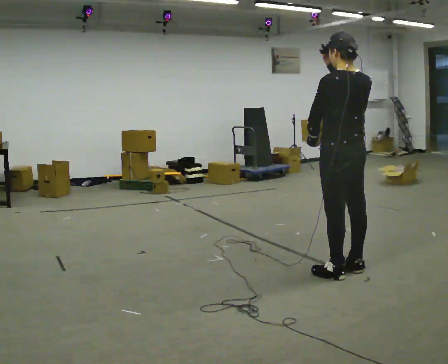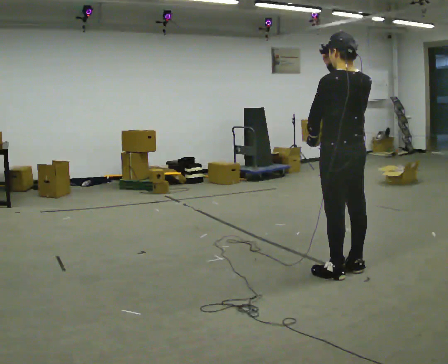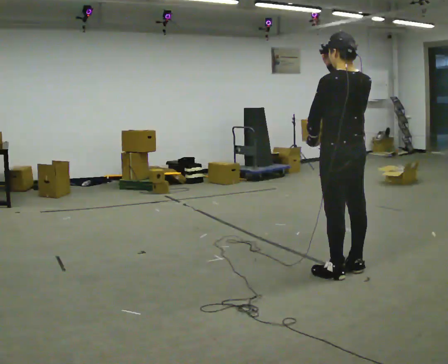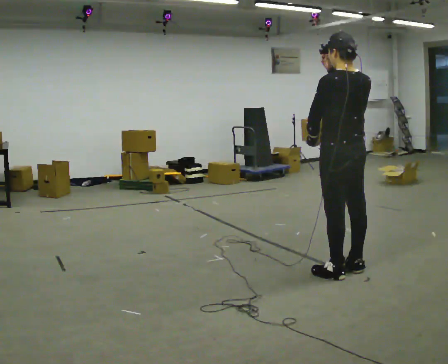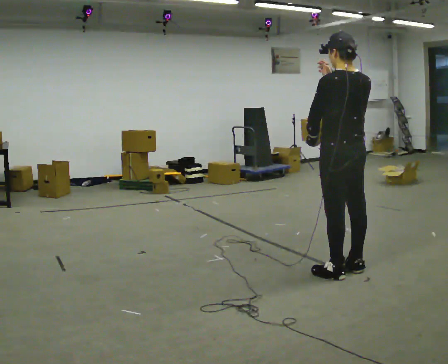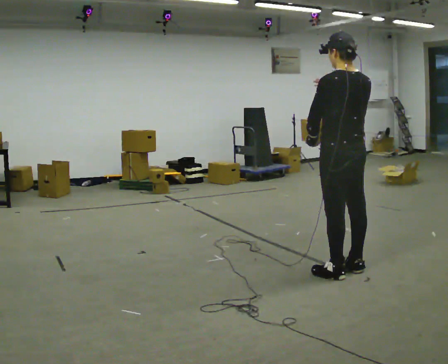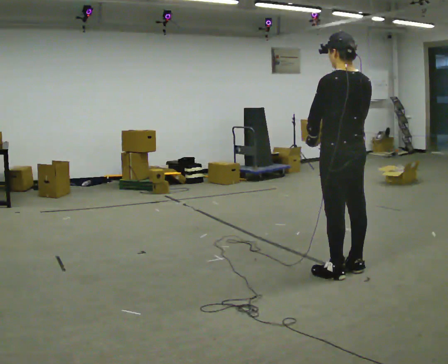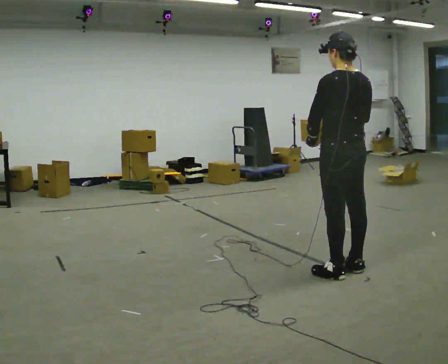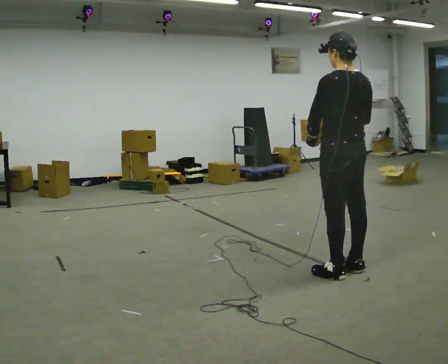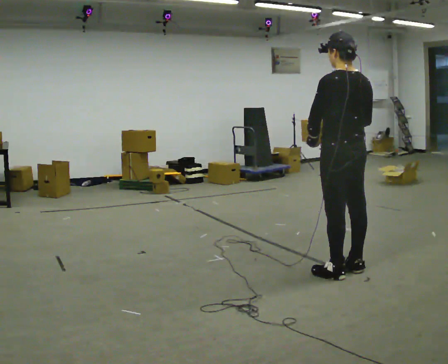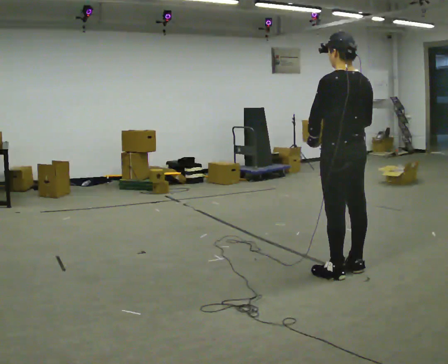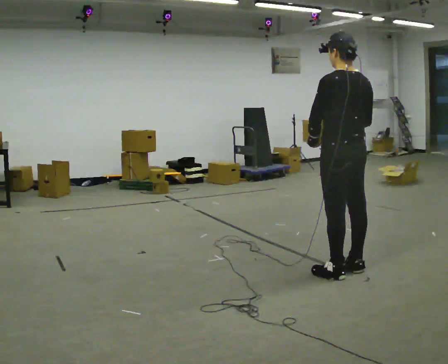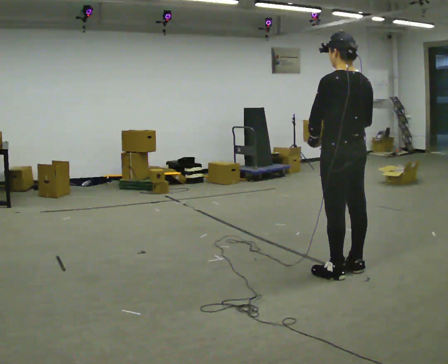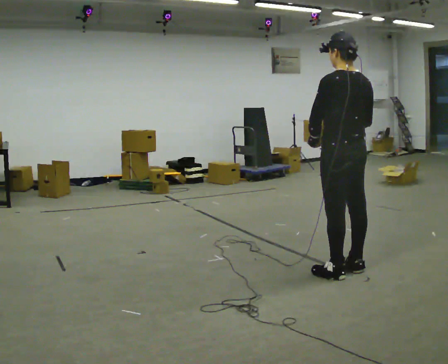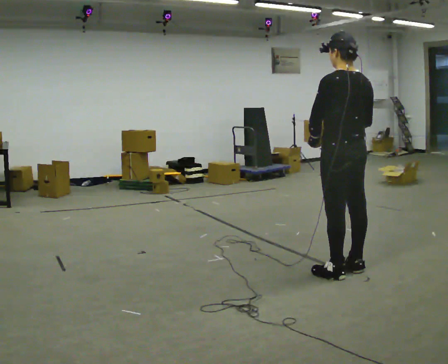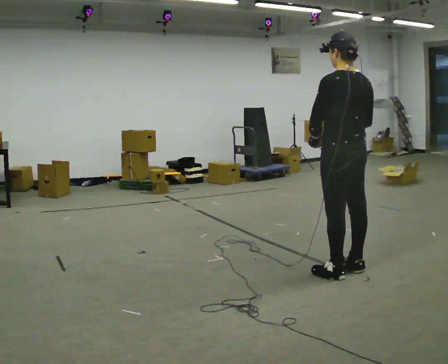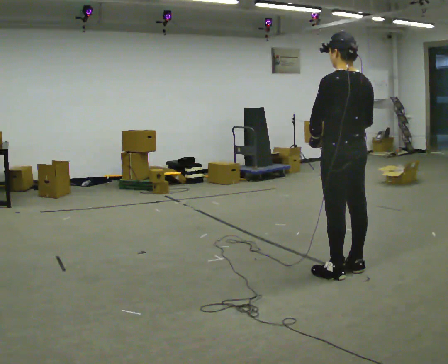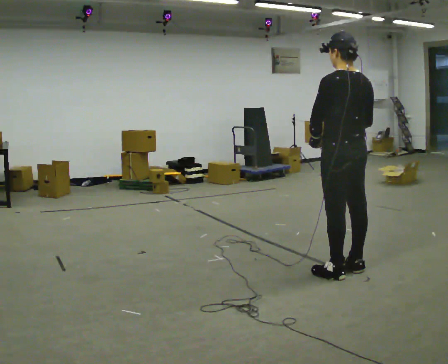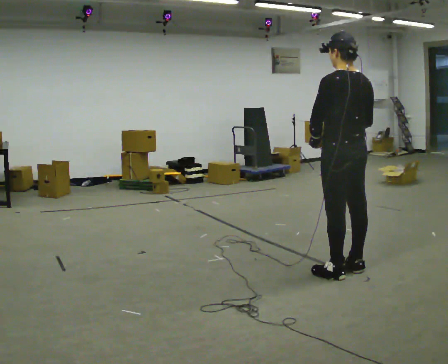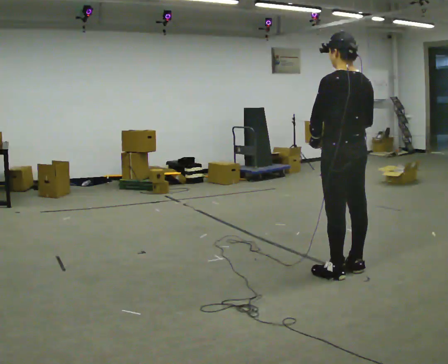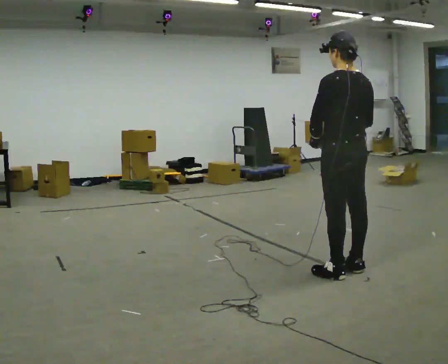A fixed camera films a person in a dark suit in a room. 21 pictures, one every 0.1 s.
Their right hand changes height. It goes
downward.
0.0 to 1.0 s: In the picture their right hand goes downward.
1.0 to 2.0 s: The person keeps their place and pose.
The film runs forward here.
